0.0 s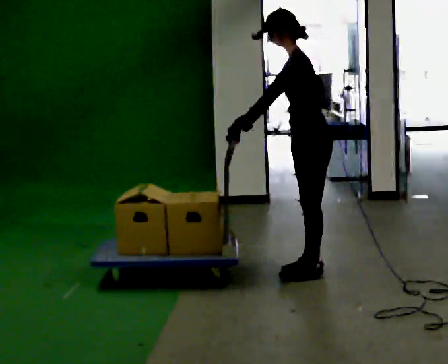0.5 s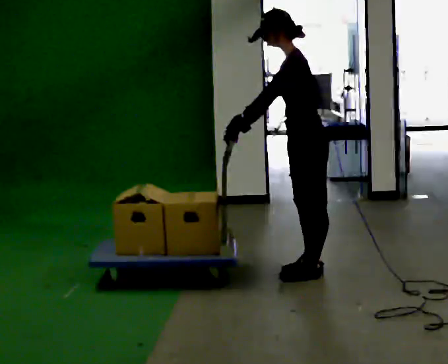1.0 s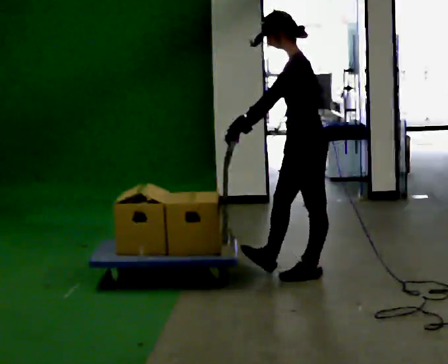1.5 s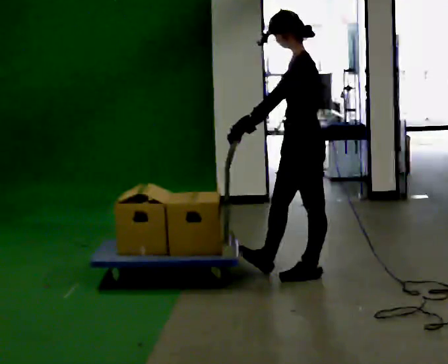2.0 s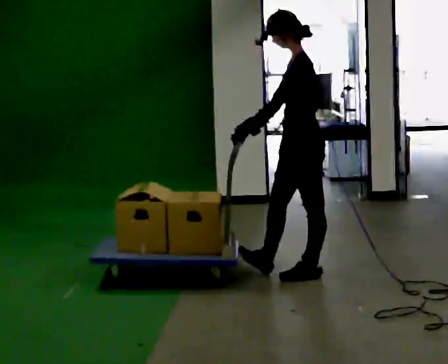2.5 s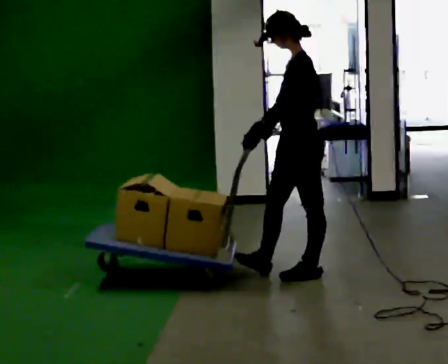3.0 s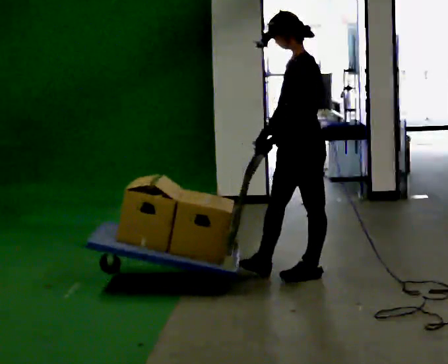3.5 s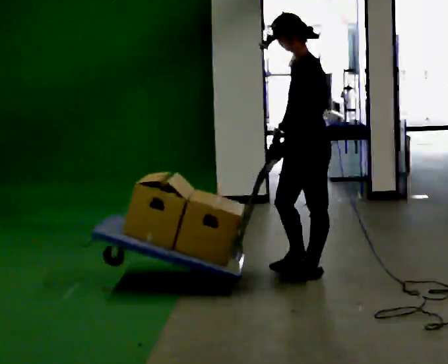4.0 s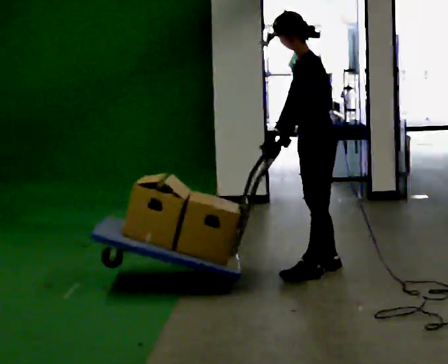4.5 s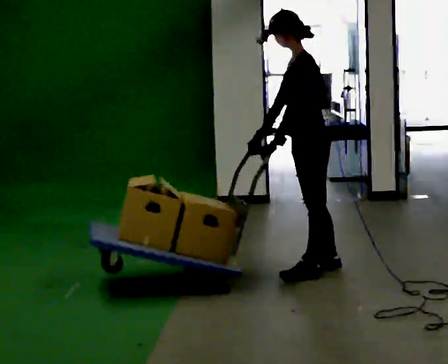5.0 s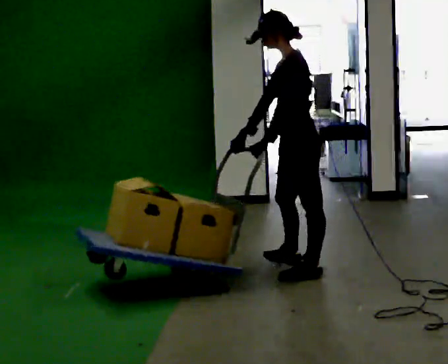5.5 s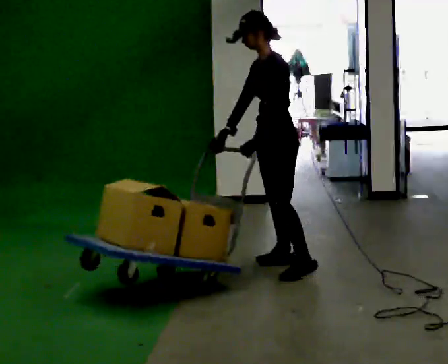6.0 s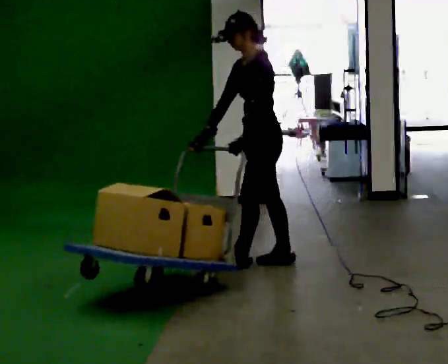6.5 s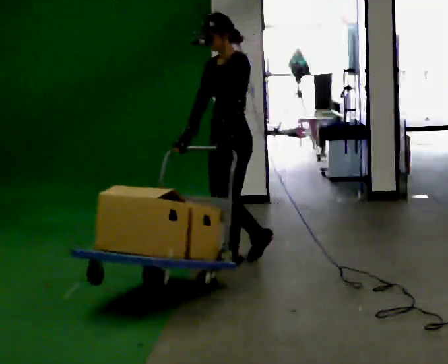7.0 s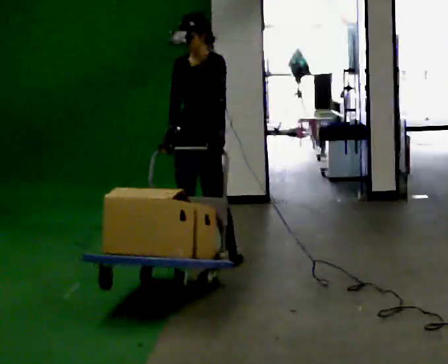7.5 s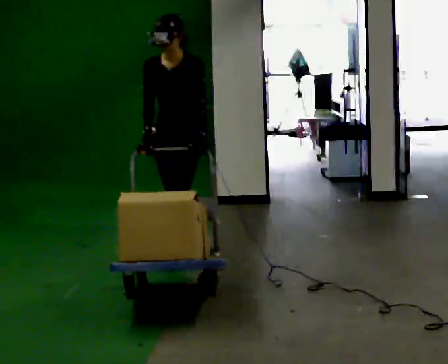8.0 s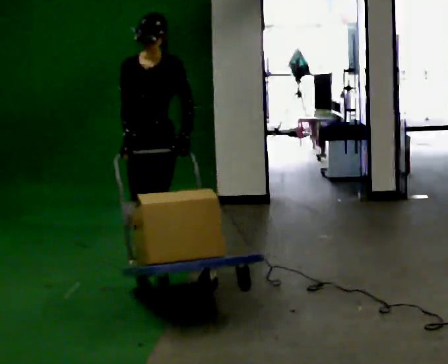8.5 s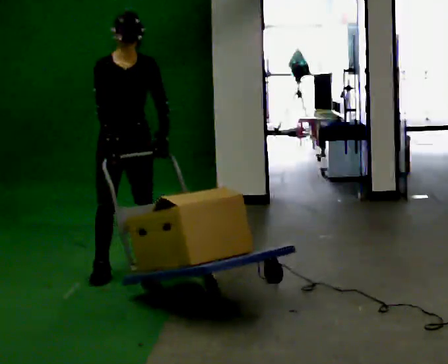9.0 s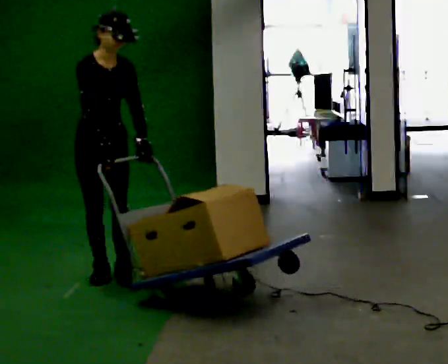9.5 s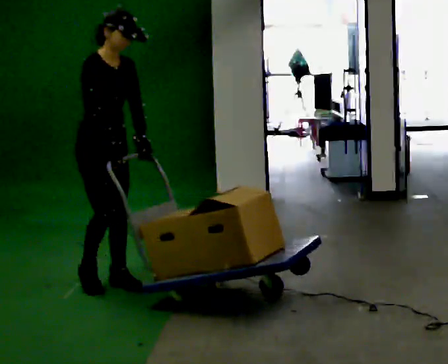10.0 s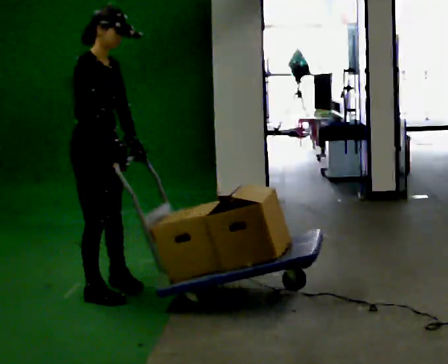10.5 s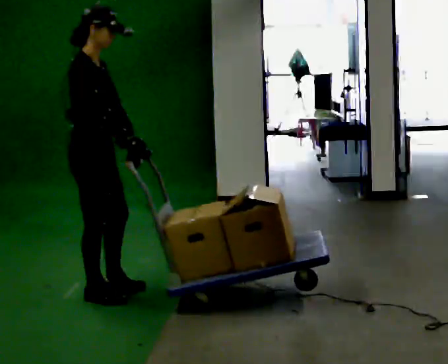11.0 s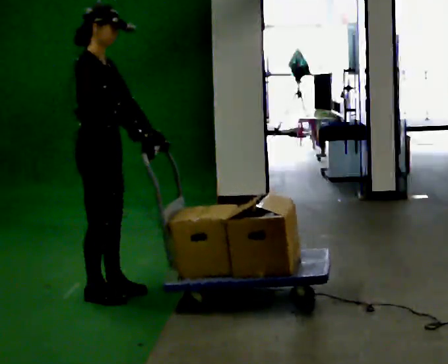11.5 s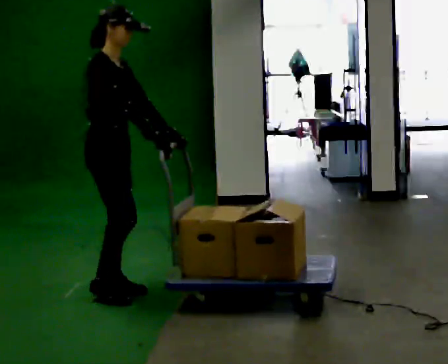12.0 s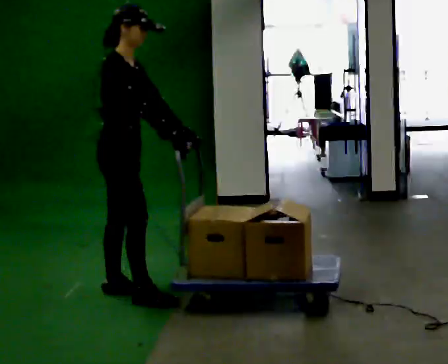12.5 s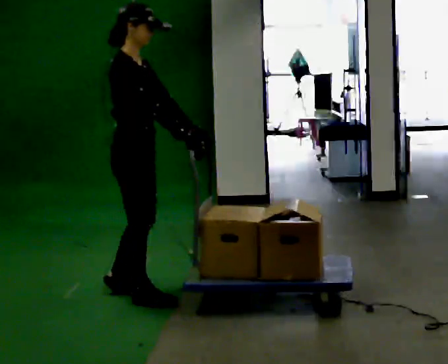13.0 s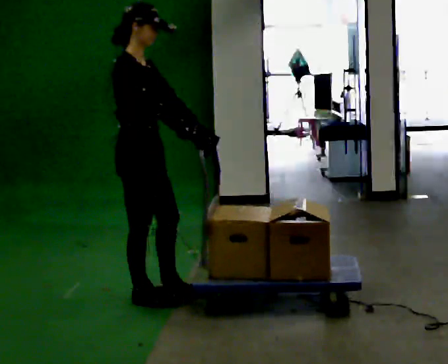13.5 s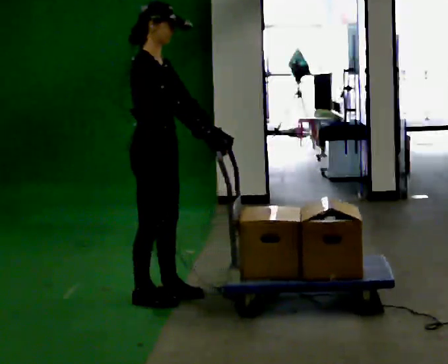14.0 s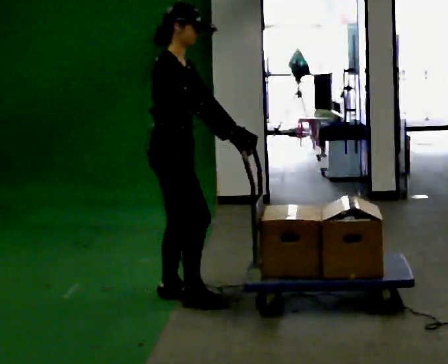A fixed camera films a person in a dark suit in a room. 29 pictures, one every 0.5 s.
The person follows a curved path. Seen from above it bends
counterclockwise.
0.0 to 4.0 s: The person moves a little, or ends about where they began.
4.0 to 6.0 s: In the picture they go to the left and away from the camera, about 0.5 m in 1 step, which for them is forward and to their right.
6.0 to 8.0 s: Seen from above the body turns counterclockwise, about 45 degrees: to their left, with its near side sliding to the right. In the picture they go to the left, about 0.75 m in 3 steps, which for them is forward and to their right.
8.0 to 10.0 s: The part of the body nearest the lens slides to the right as the person turns to their left by about 90 degrees. In the picture they go toward the camera and to the left, about 0.75 m in 3 steps.
10.0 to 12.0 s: In the picture they go to the right, about 0.25 m in 2 steps, which for them is forward. In the picture their left hand goes to the right.
12.0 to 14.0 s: In the picture they go to the right, about 0.25 m in 1 step, which for them is forward.
The film runs forward here.
